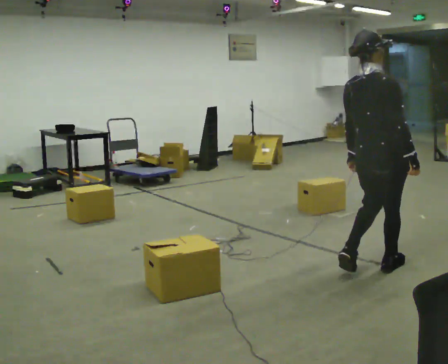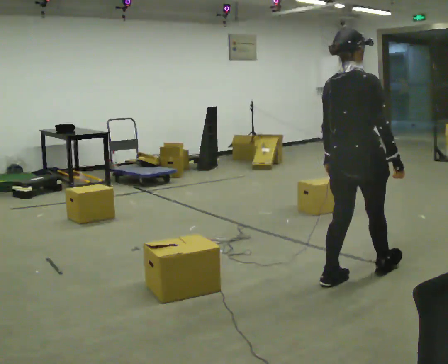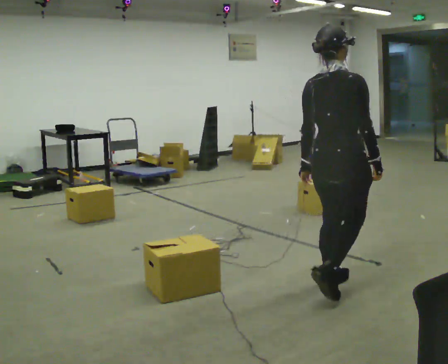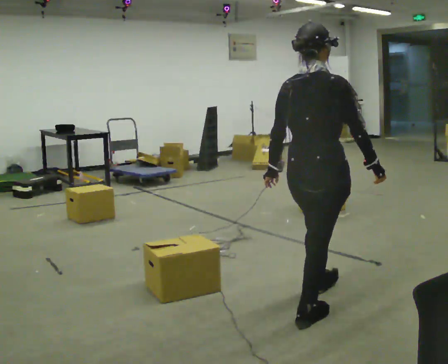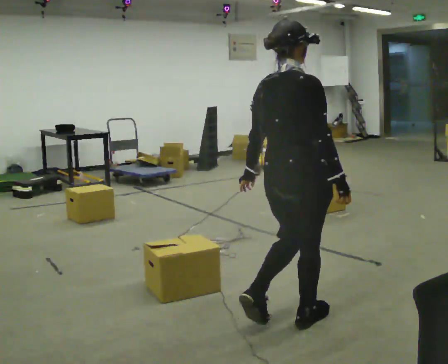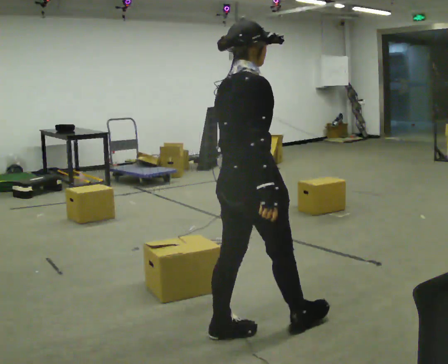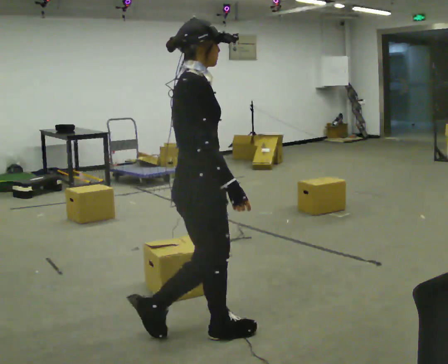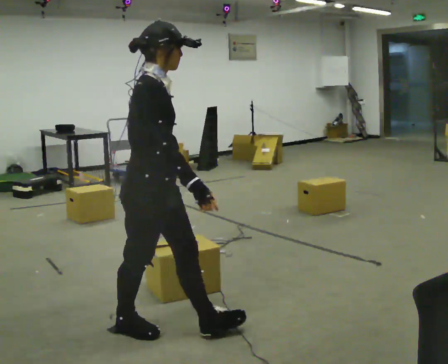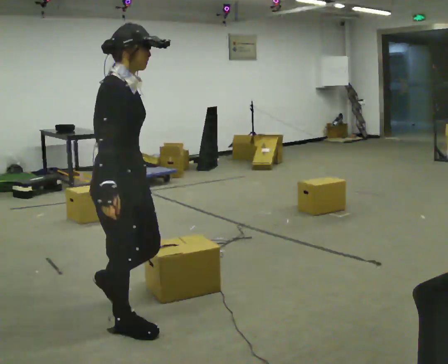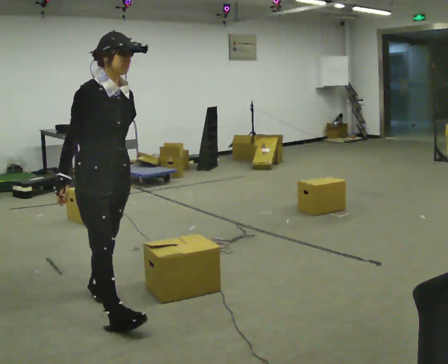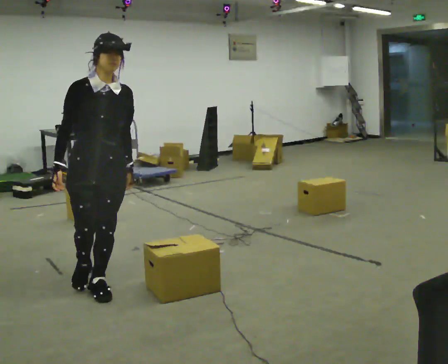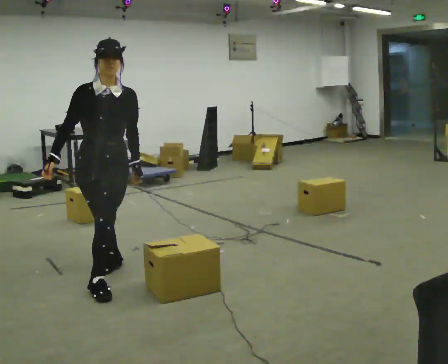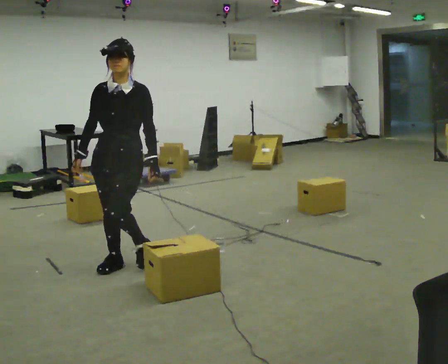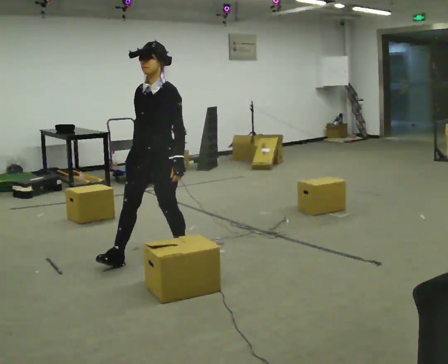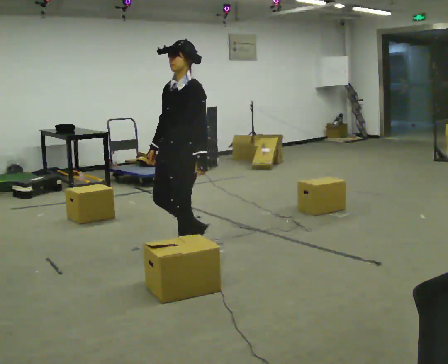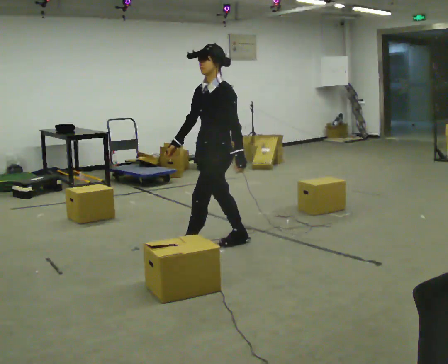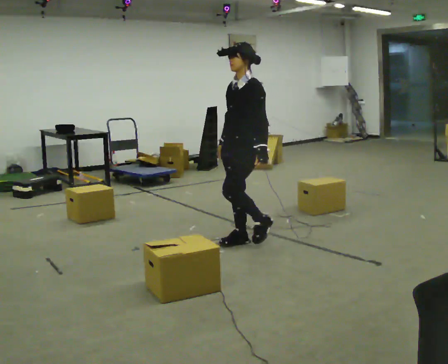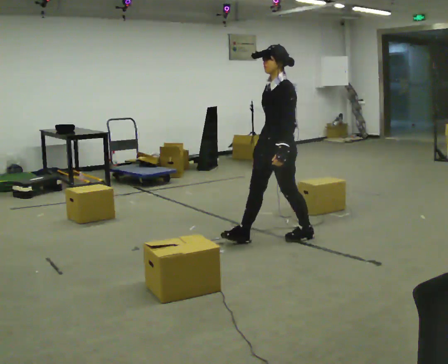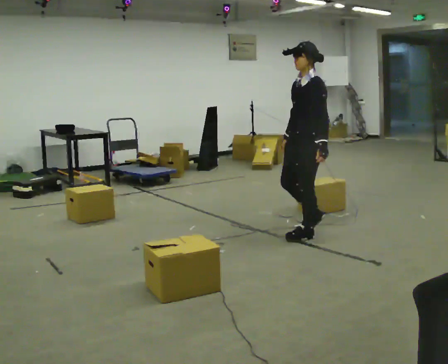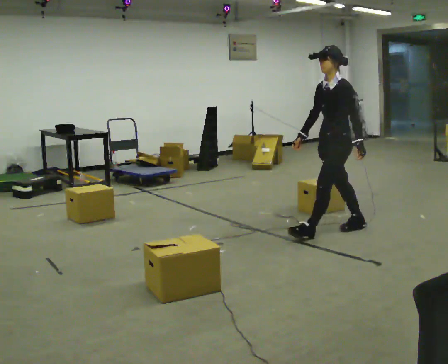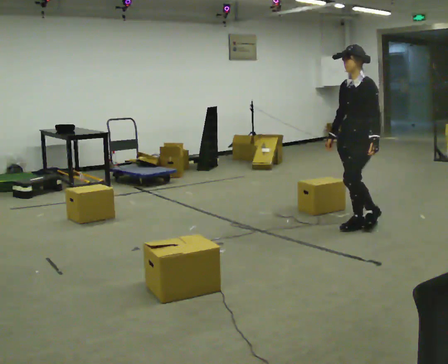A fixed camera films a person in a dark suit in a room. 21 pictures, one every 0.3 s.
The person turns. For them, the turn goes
to their right.
The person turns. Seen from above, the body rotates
clockwise.
0.0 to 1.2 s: In the picture they go to the left and toward the camera, about 1 m in 2 steps, which for them is backward.
1.2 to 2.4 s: The person turns about 60 degrees to their right, clockwise seen from above, so the part of the body nearest the lens slides to the left. In the picture they go to the left, about 1 m in 2 steps, which for them is backward.
2.4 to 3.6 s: The person turns about 90 degrees to their right, clockwise seen from above, so the part of the body nearest the lens slides to the left. In the picture they go away from the camera, about 1 m in 2 steps.
3.6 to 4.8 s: The part of the body nearest the lens slides to the left as the person turns to their right by about 45 degrees. In the picture they go to the right, about 1 m in 2 steps, which for them is backward.
4.8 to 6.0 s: In the picture they go to the right, about 1 m in 2 steps, which for them is backward.
The film runs backward here.
